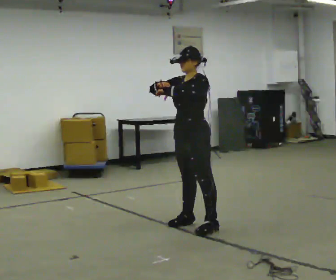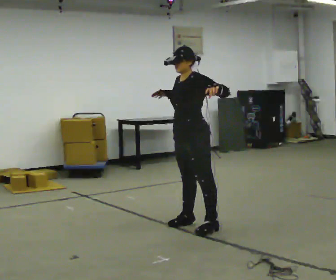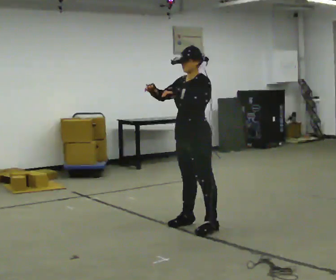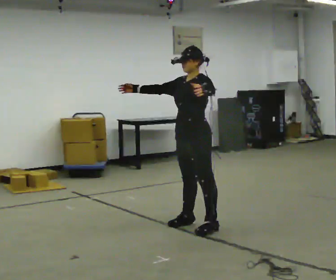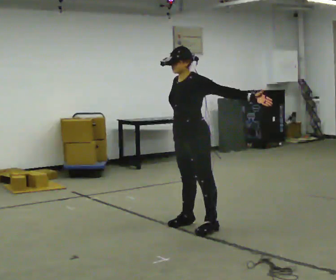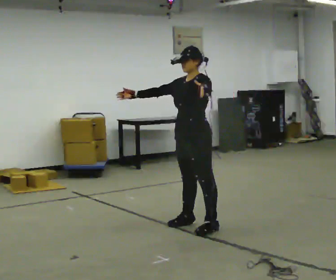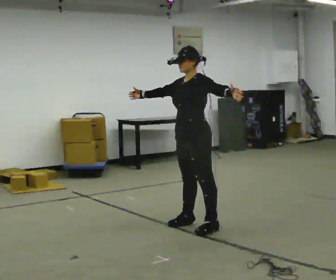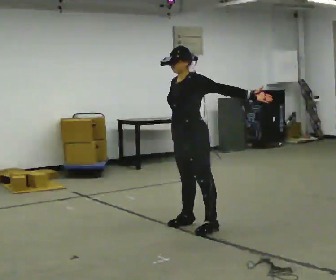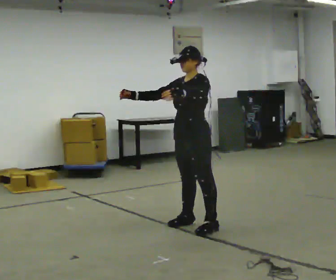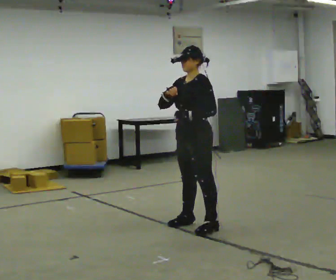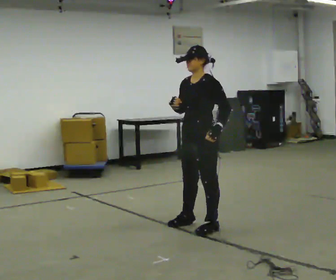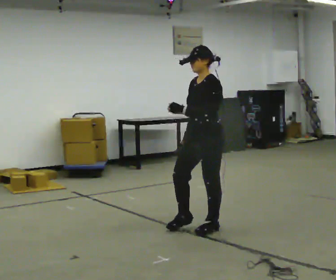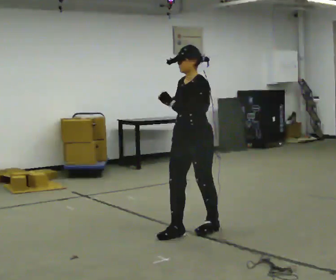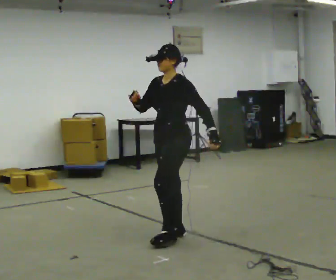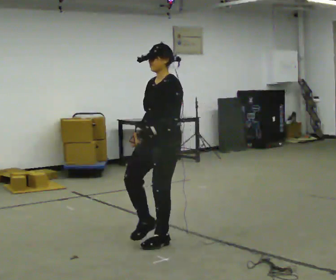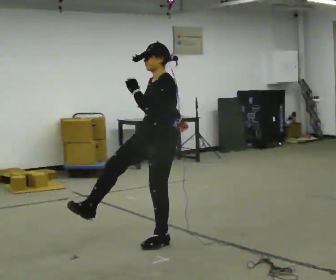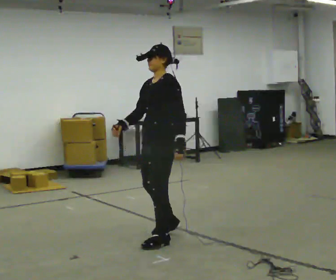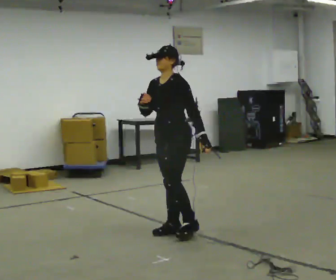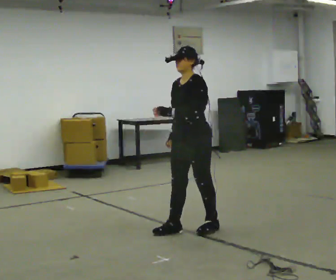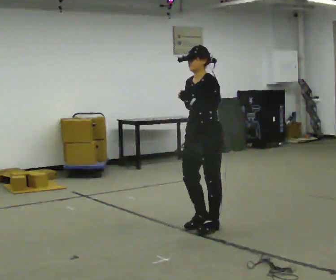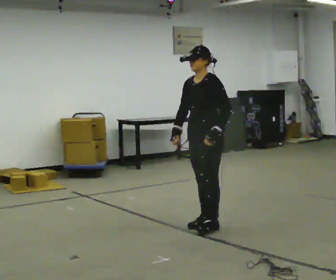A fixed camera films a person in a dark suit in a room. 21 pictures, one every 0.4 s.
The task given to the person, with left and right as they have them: Dance freely at a slow tempo as if to slow music; keep moving continuously.
0.0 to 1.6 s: In the picture their left hand goes to the right.
1.6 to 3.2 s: In the picture their left hand goes to the left.
3.2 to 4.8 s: In the picture they go toward the camera, about 0.25 m in 1 step, which for them is to their left and forward. In the picture their right hand goes to the right.
4.8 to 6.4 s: In the picture they go to the left, about 0.25 m in 1 step, which for them is forward.
6.4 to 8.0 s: In the picture they go to the right and away from the camera, about 0.5 m in 2 steps, which for them is backward.
The film runs forward here.
